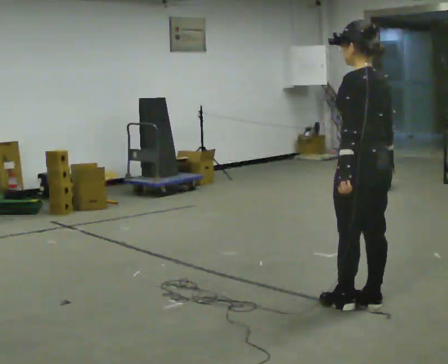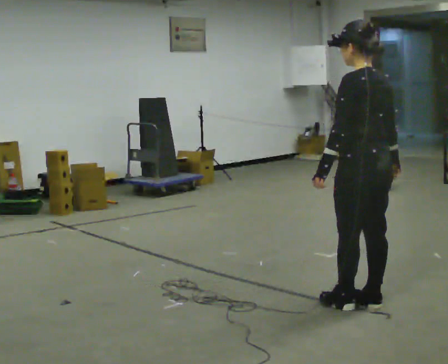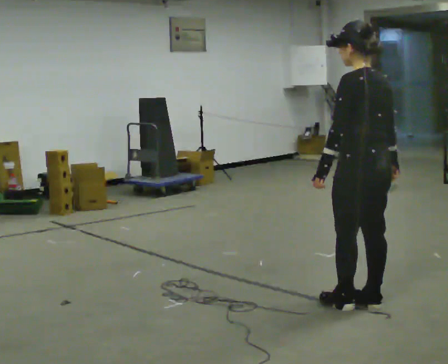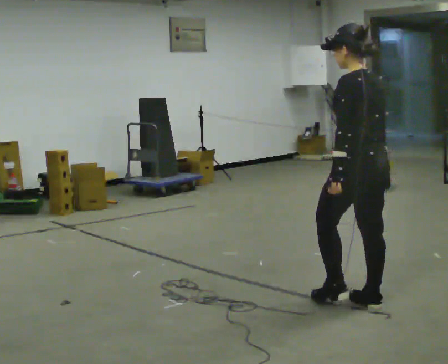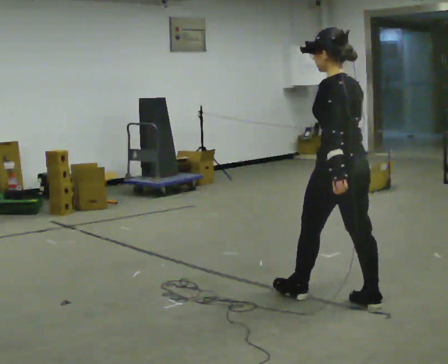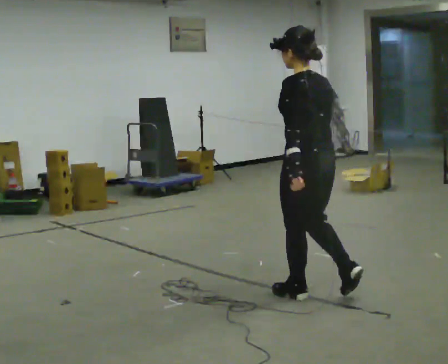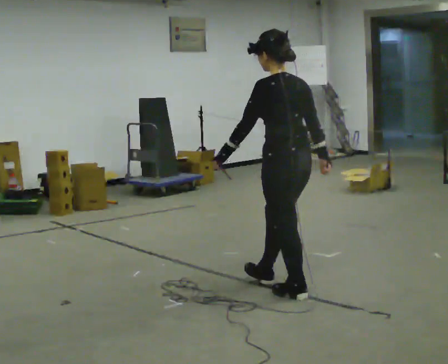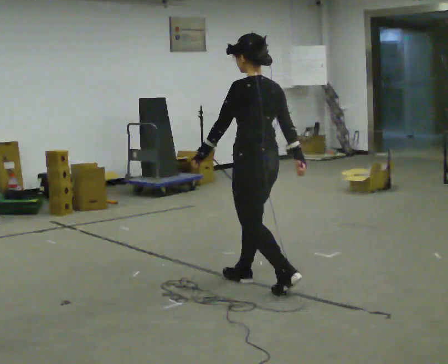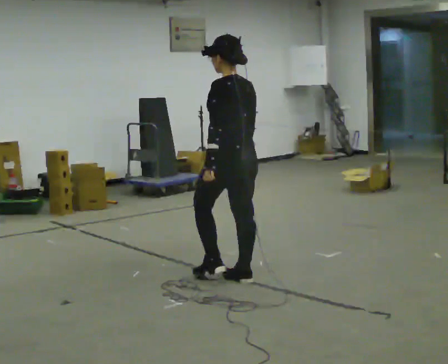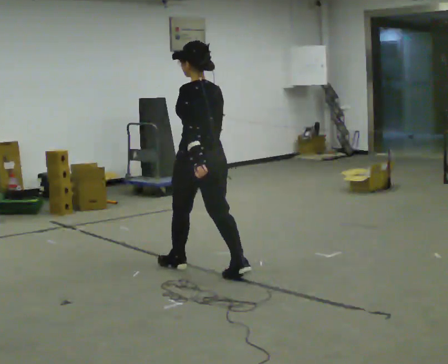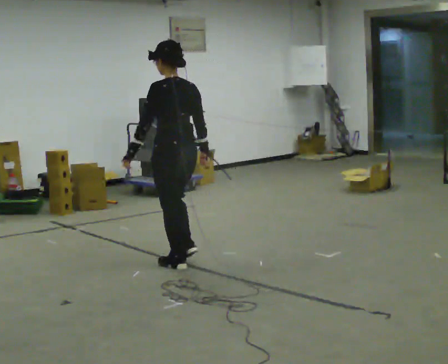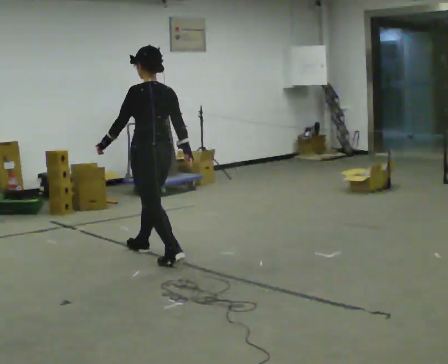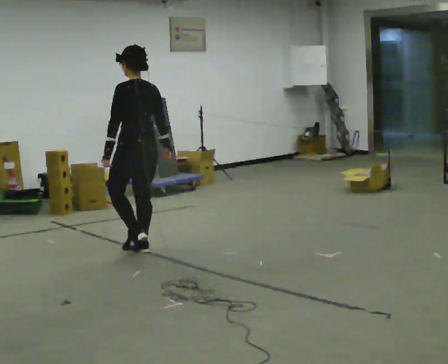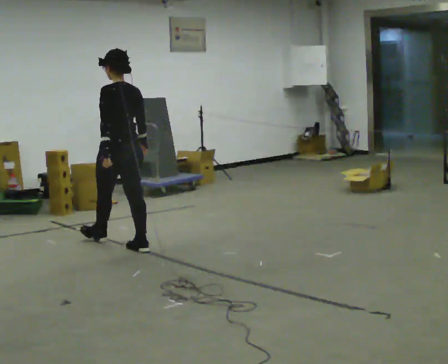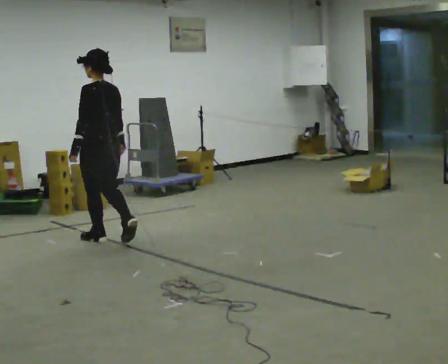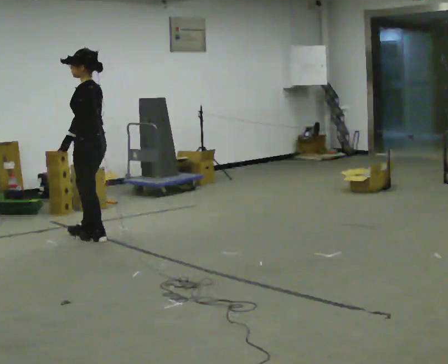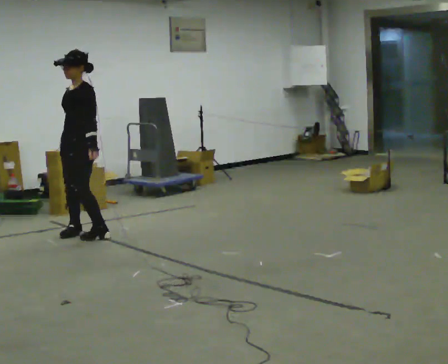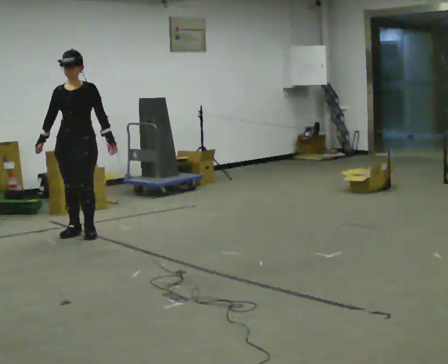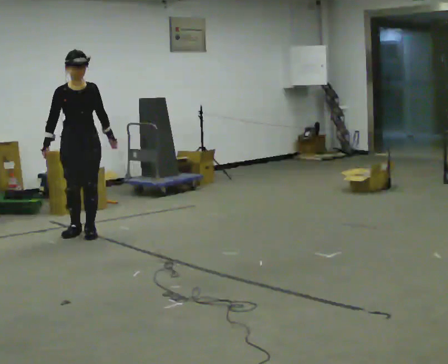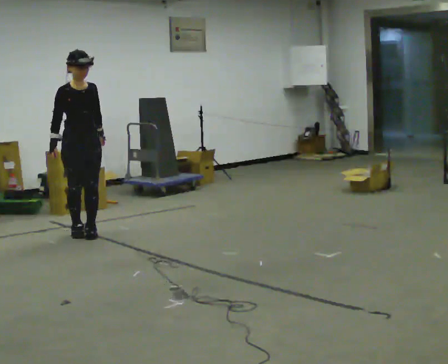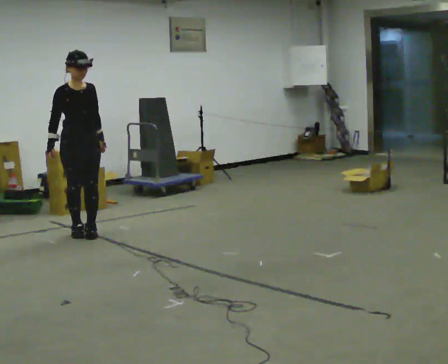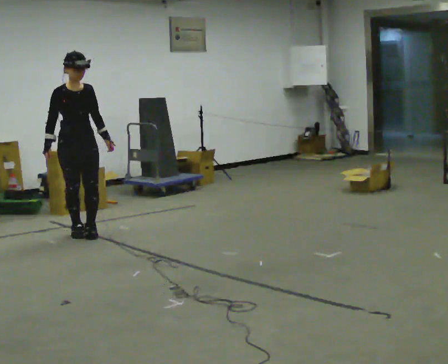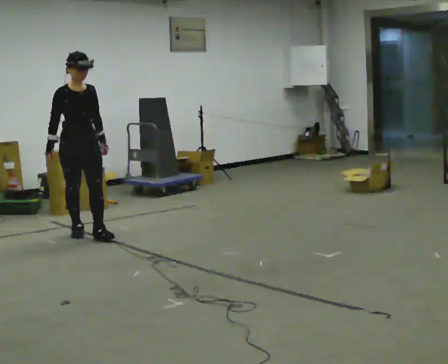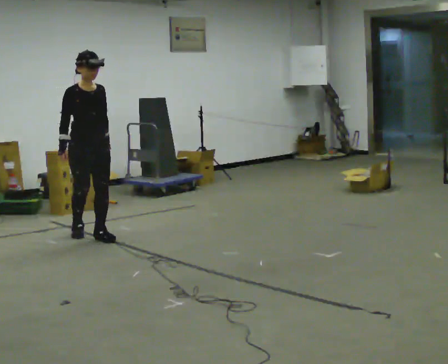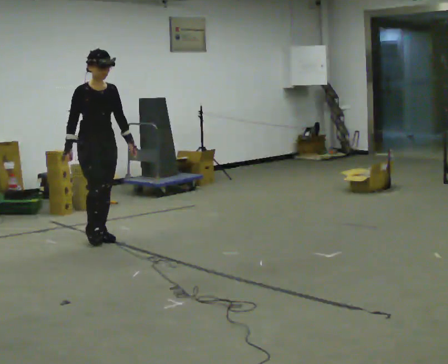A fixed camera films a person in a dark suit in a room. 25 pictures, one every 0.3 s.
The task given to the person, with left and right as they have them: Start still; walk straight at normal comfortable speed; stop at endpoint.
0.0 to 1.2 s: The person moves a little, or ends about where they began.
1.2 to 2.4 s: In the picture they go away from the camera and to the left, about 1 m in 1 step, which for them is forward.
2.4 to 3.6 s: In the picture they go away from the camera and to the left, about 1 m in 2 steps, which for them is forward.
3.6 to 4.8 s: The part of the body nearest the lens slides to the right as the person turns to their left by about 90 degrees. In the picture they go away from the camera and to the left, about 0.5 m in 2 steps.
4.8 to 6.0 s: The part of the body nearest the lens slides to the right as the person turns to their left by about 90 degrees.
6.0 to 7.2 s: In the picture they go toward the camera and to the right, about 0.25 m in 1 step, which for them is forward.
The film runs forward here.
